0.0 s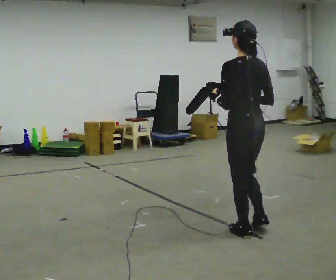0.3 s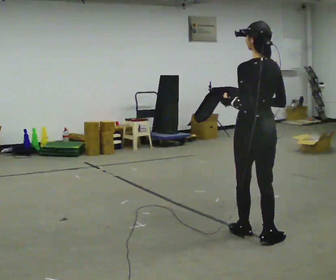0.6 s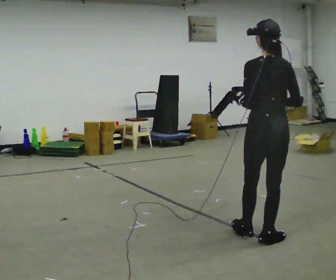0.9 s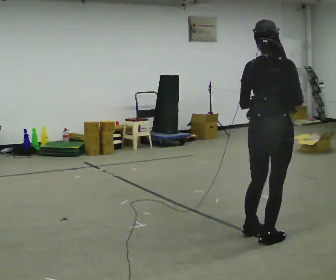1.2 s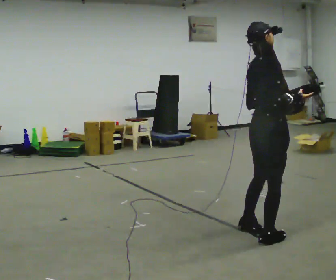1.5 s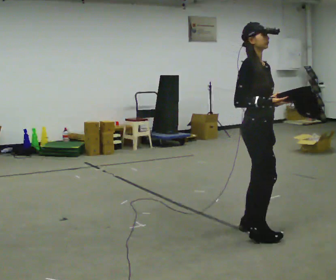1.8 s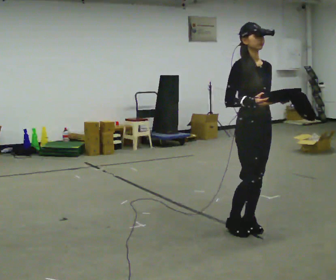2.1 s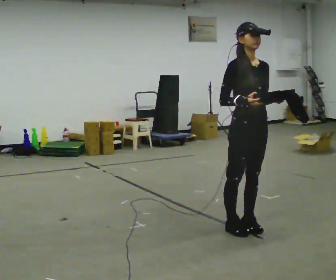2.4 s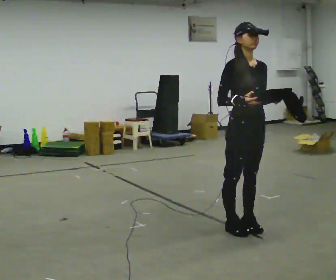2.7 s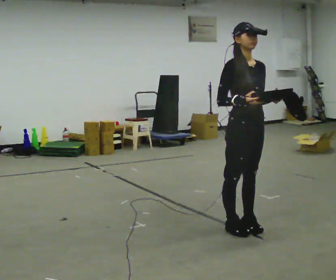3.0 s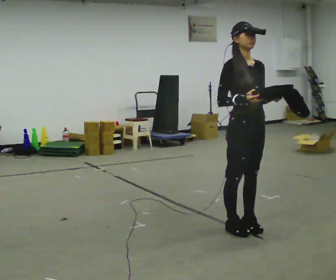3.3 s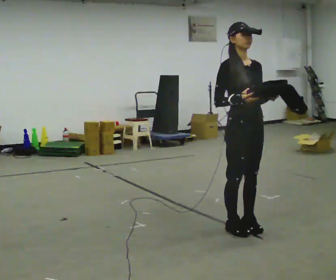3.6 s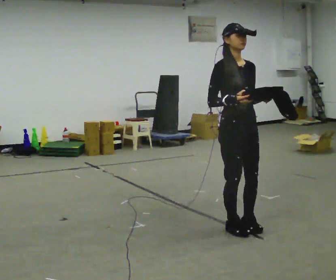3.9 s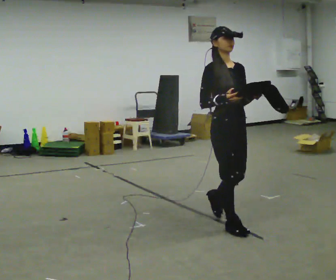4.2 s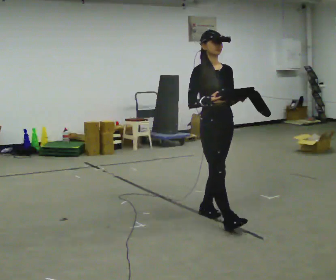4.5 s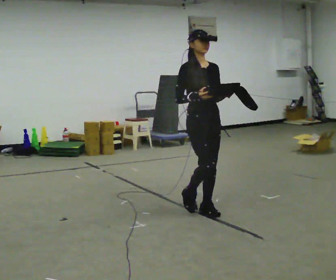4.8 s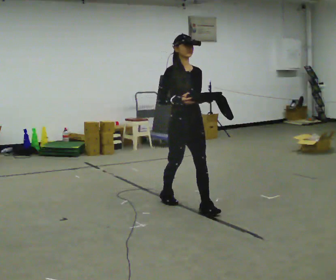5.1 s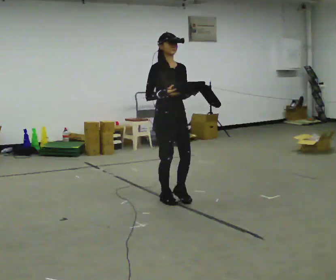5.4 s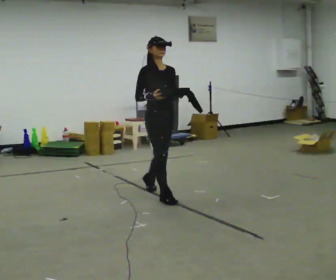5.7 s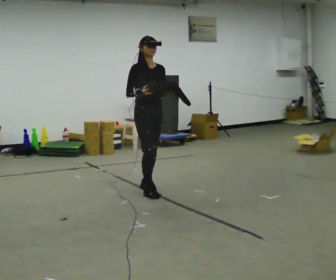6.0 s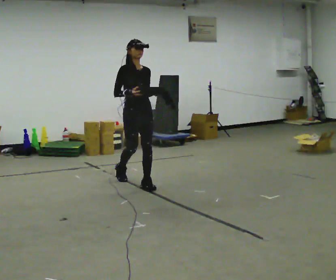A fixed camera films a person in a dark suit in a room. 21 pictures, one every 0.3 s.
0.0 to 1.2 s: The person turns about 105 degrees to their right, clockwise seen from above, so the part of the body nearest the lens slides to the left.
1.2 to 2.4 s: Seen from above the body turns clockwise, about 75 degrees: to their right, with its near side sliding to the left. In the picture they go away from the camera, about 0.25 m in 1 step. In the picture their right hand goes to the left.
2.4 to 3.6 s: The person moves a little, or ends about where they began.
3.6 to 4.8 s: In the picture they go away from the camera and to the left, about 1 m in 2 steps, which for them is backward.
4.8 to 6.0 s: In the picture they go away from the camera and to the left, about 1 m in 2 steps, which for them is backward.
The film runs backward here.
